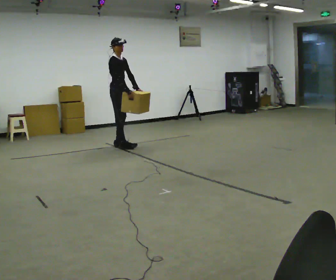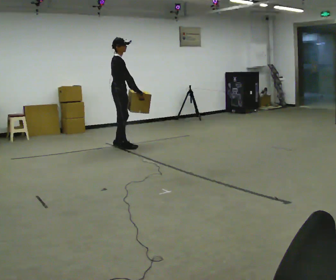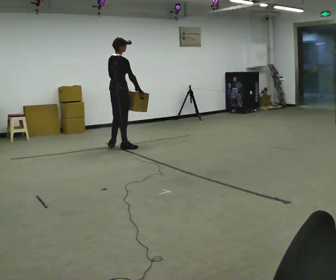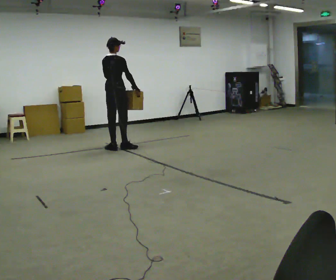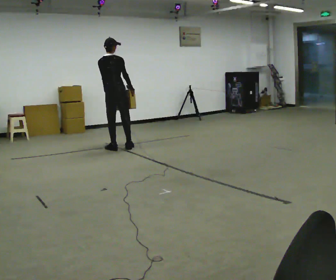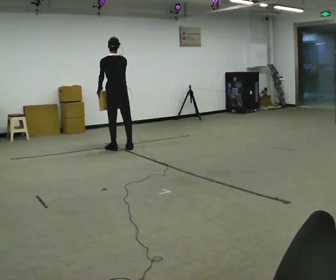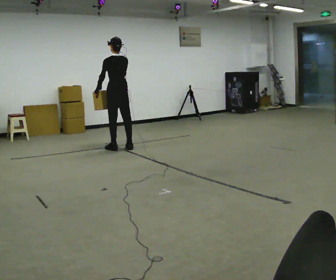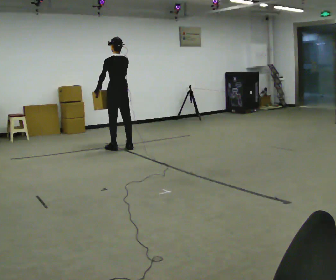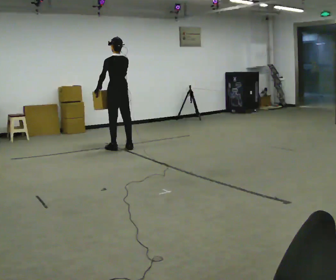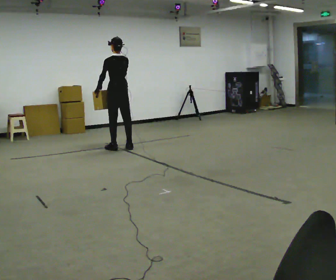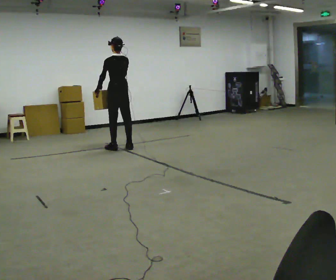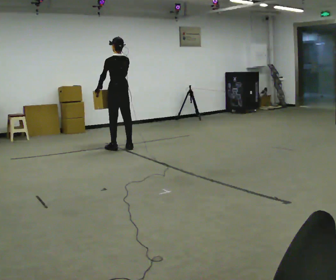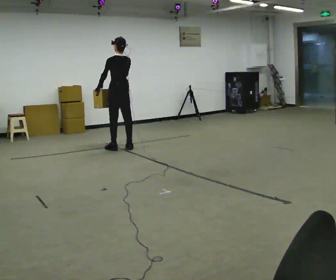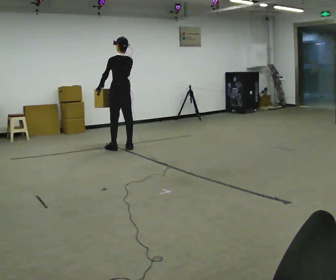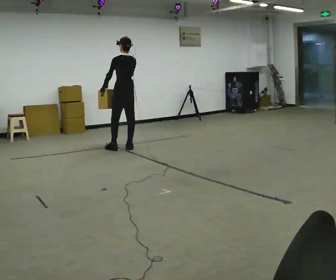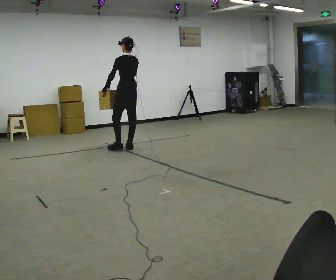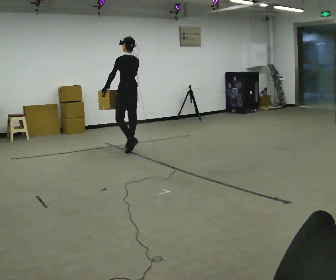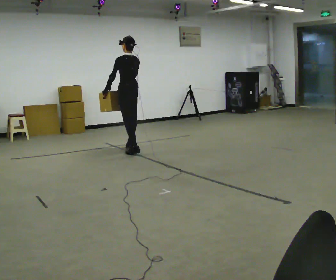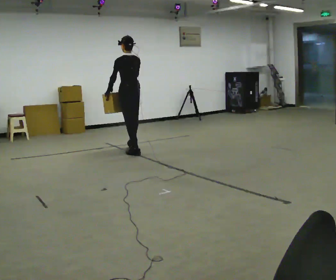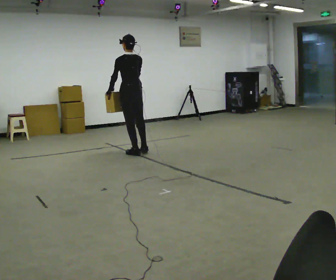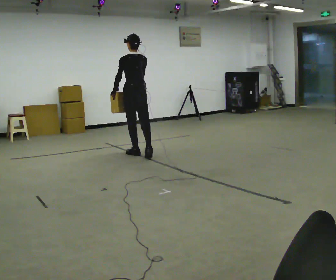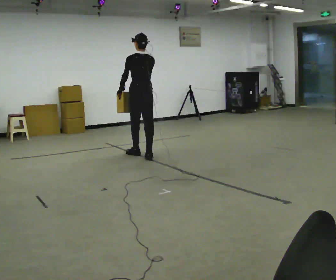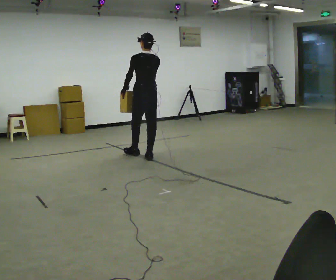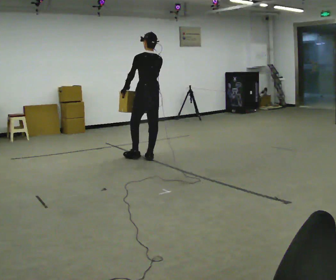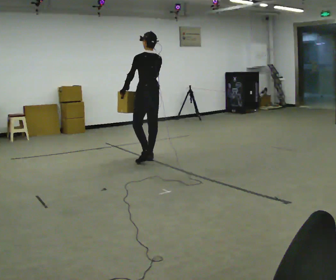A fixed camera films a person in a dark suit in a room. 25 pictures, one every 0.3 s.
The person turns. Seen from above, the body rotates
counterclockwise.
Their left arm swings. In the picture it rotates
clockwise.
0.0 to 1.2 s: The person turns about 105 degrees to their left, counterclockwise seen from above, so the part of the body nearest the lens slides to the right. In the picture they go toward the camera, about 0.25 m in 2 steps.
1.2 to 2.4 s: The part of the body nearest the lens slides to the right as the person turns to their left by about 45 degrees.
2.4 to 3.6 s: The person keeps their place and pose.
3.6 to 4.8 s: The person moves a little, or ends about where they began.
4.8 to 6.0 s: In the picture they go toward the camera, about 0.5 m in 1 step, which for them is backward.
6.0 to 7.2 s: In the picture they go toward the camera and to the right, about 0.25 m in 1 step, which for them is backward.
The film runs backward here.
